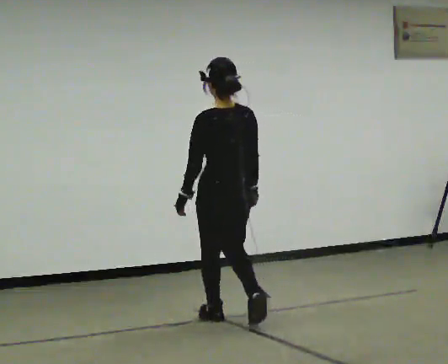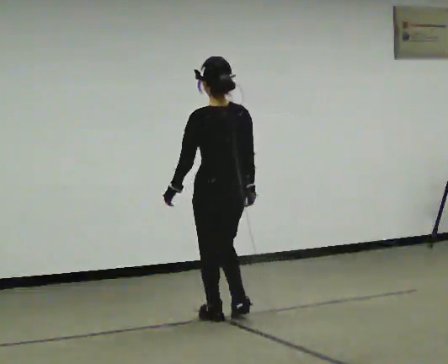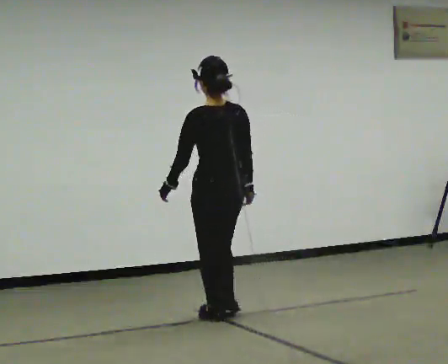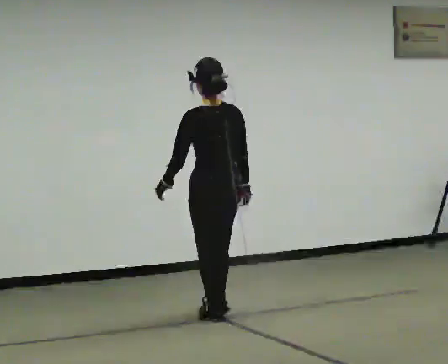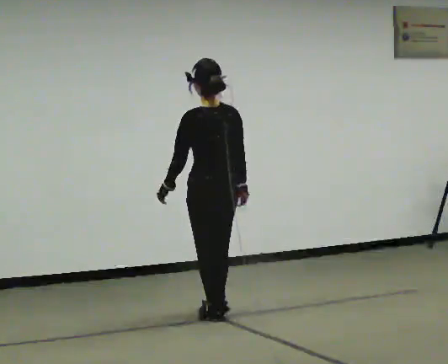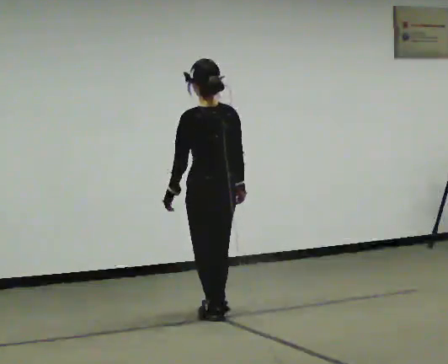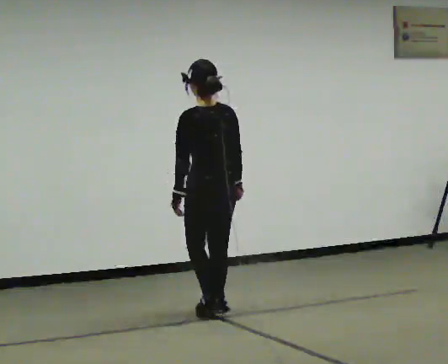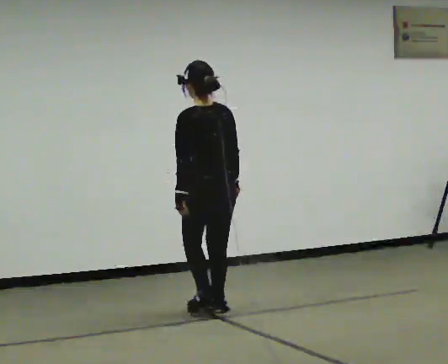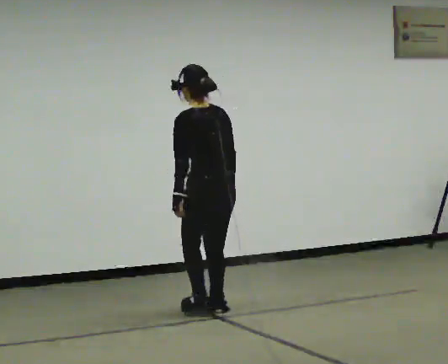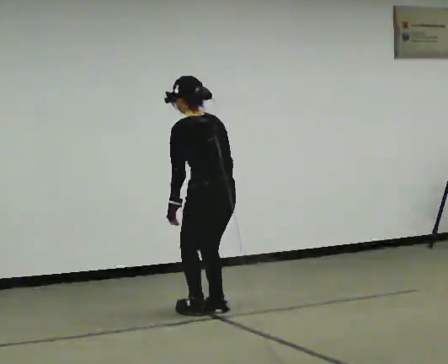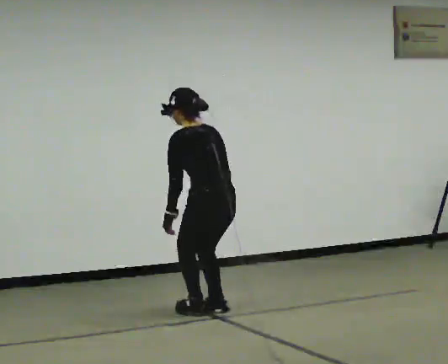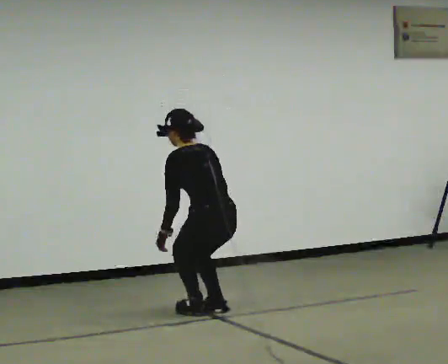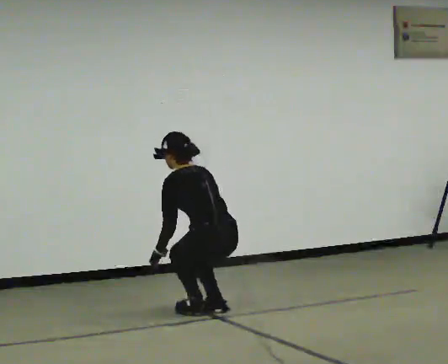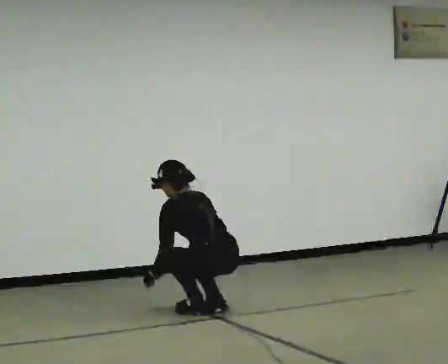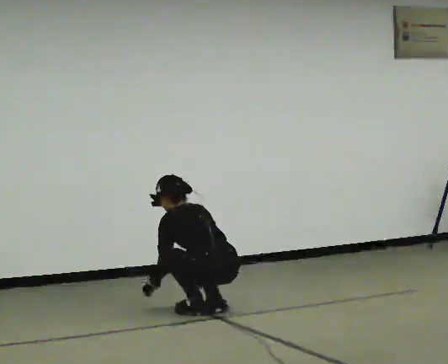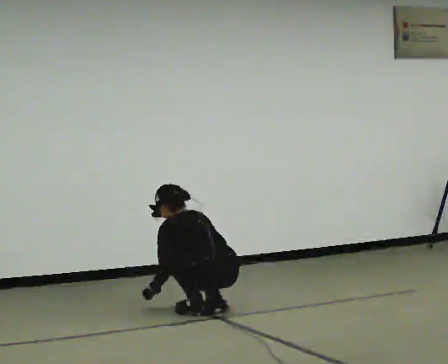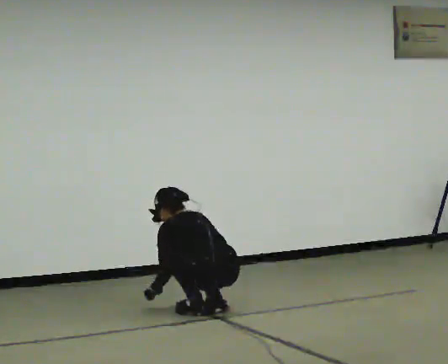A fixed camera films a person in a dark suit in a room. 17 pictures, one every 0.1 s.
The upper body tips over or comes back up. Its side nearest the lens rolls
upward.
Their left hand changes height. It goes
downward.
0.0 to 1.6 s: In the picture they go away from the camera, about 0.25 m in 2 steps, which for them is forward. The shoulders move downward. The upper body tips away from the camera, its near side rolling upward, as they bend forward. In the picture their right hand goes downward and to the left.
The film runs forward here.
